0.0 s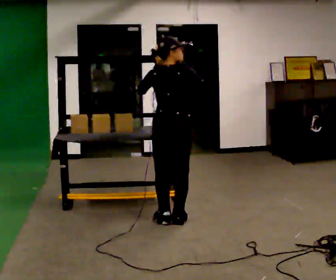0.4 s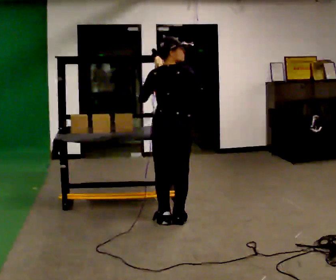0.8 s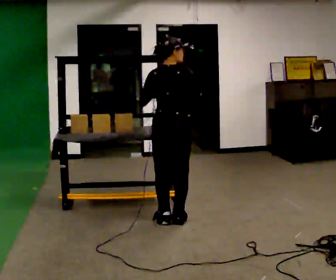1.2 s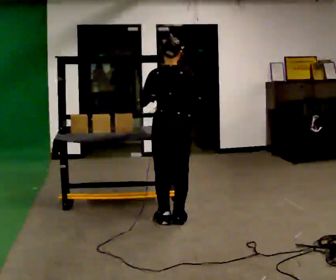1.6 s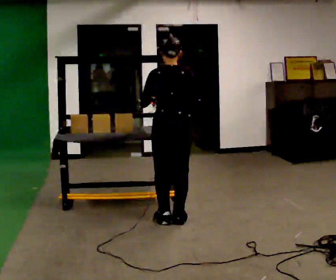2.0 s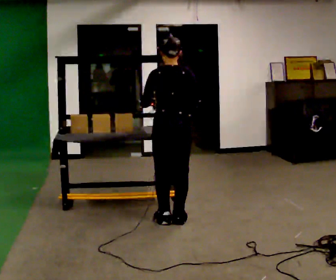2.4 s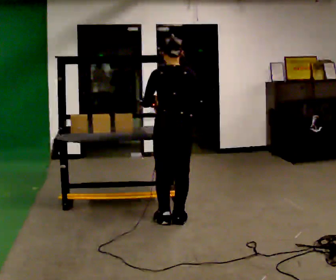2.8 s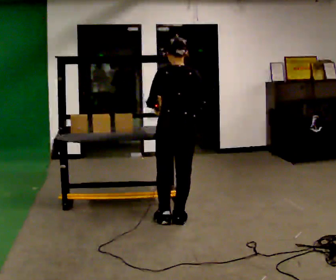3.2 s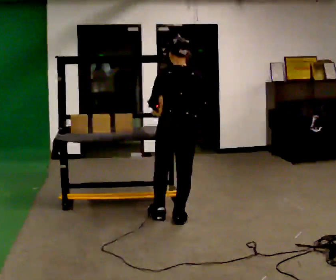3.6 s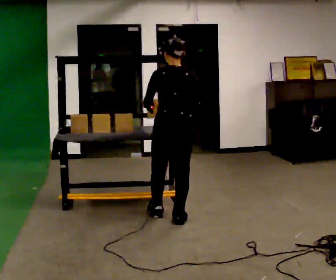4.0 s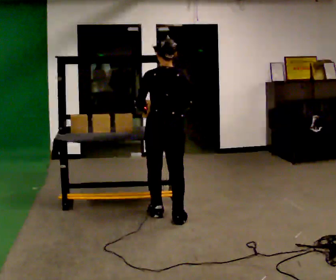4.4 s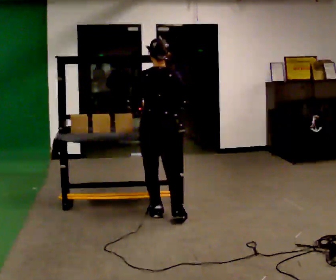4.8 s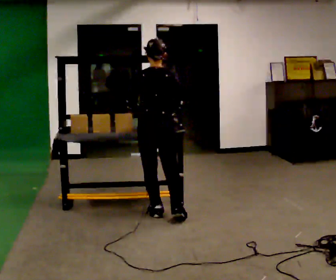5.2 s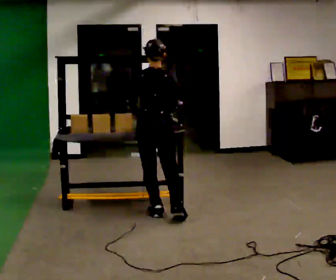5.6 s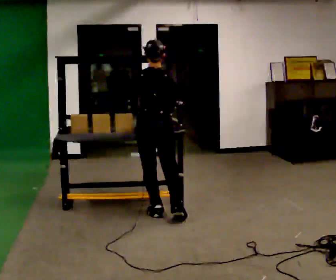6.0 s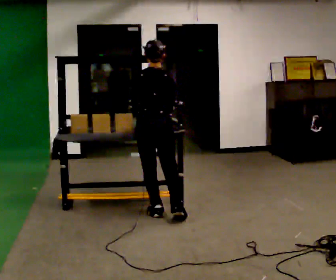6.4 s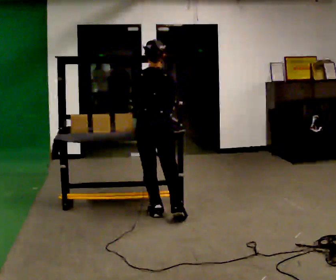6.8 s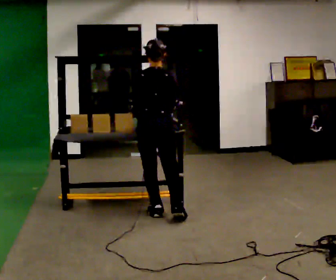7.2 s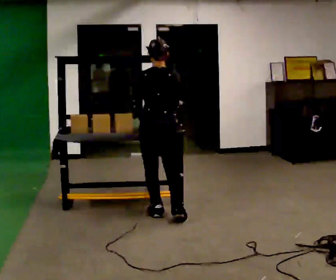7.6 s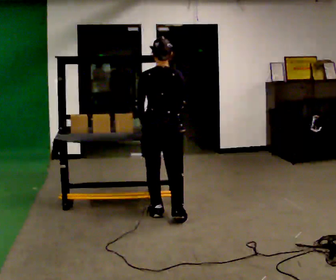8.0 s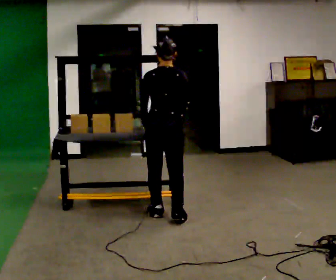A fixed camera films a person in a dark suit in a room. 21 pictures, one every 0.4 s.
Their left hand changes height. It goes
downward.
Their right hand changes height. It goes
downward.
0.0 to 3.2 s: In the picture their right hand goes downward.
3.2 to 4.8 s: In the picture they go away from the camera and to the left, about 0.25 m in 1 step, which for them is forward and to their left.
4.8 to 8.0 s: The person moves a little, or ends about where they began.
The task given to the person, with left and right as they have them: Take an object down from the highest shelf you can comfortably reach, carry it across, and place it on the waist-height shelf. Keep going until the operator says stop; one object at a time, and do not rush between trips.
The film runs forward here.
